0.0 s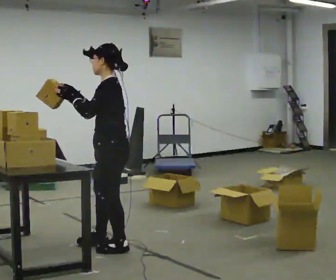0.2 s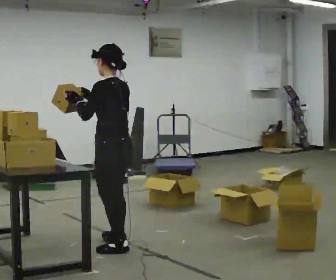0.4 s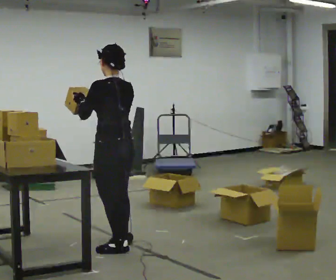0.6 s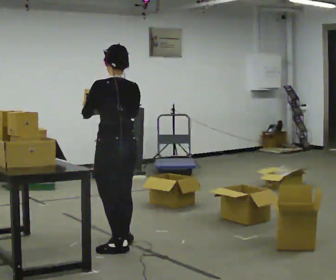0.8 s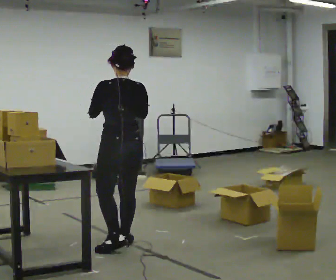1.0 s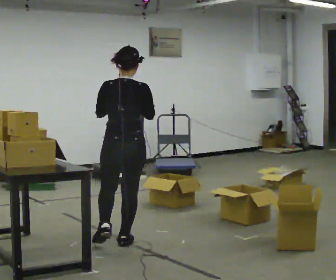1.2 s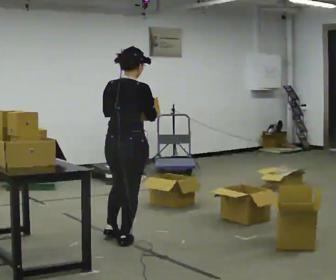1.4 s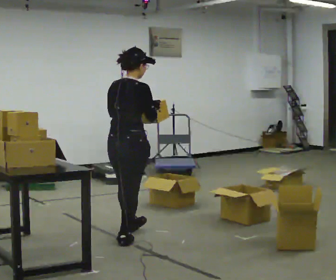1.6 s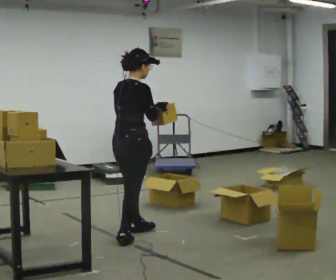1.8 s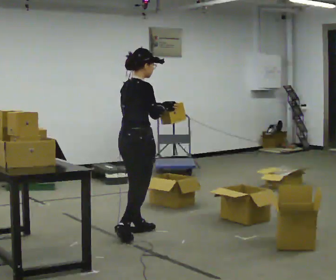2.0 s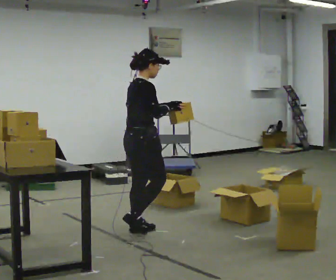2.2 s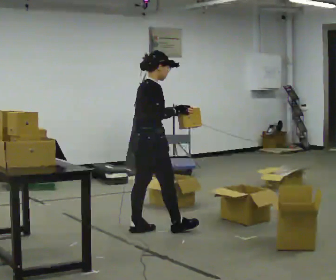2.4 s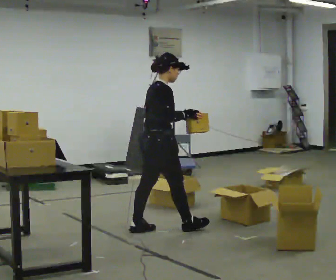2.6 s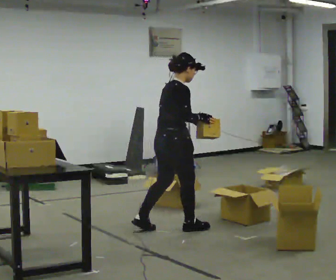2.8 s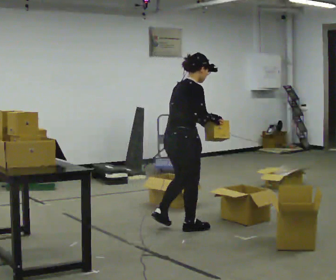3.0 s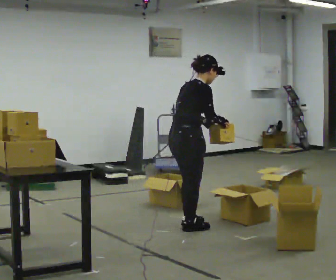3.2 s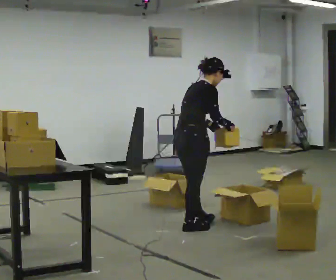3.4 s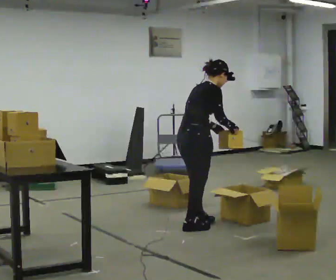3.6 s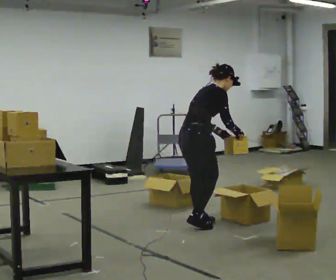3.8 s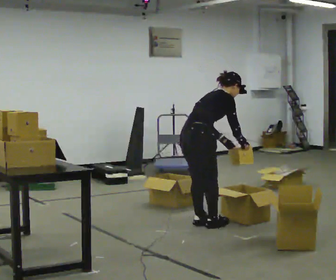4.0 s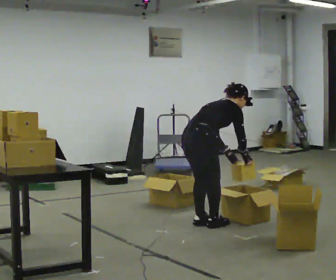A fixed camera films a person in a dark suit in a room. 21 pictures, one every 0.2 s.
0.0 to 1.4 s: Seen from above the body turns clockwise, about 120 degrees: to their right, with its near side sliding to the left. In the picture they go away from the camera, about 0.25 m in 1 step.
1.4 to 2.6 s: The person turns about 30 degrees to their right, clockwise seen from above, so the part of the body nearest the lens slides to the left. In the picture they go to the right and away from the camera, about 0.5 m in 2 steps, which for them is forward.
2.6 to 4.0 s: In the picture they go to the right, about 0.25 m in 2 steps, which for them is forward. The upper body goes downward. In the picture the upper body tilts clockwise, shoulders to the right, as they bend forward. In the picture their right hand goes downward.
The film runs forward here.
